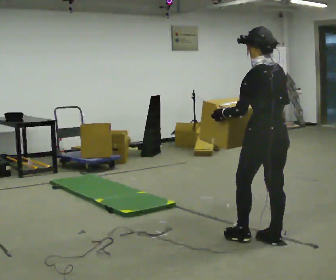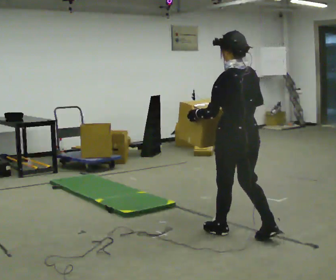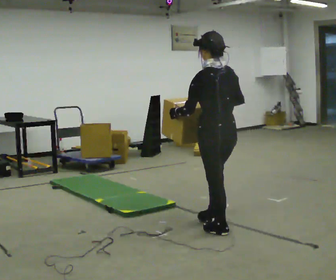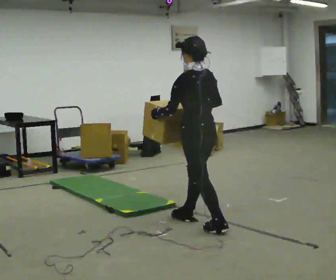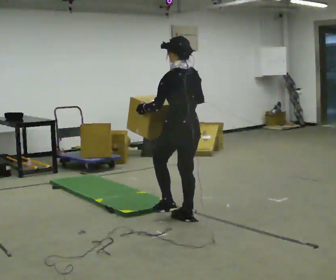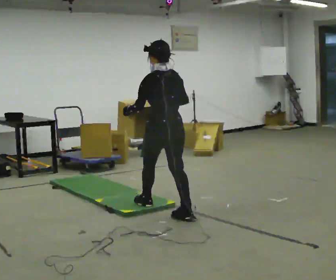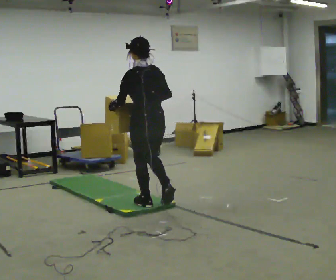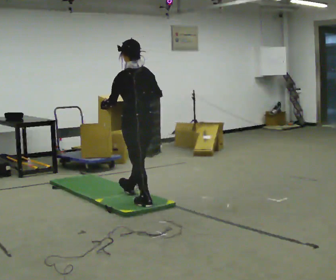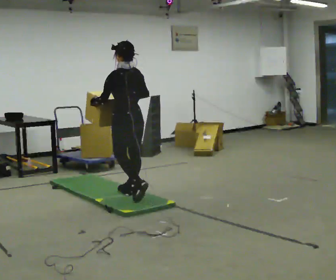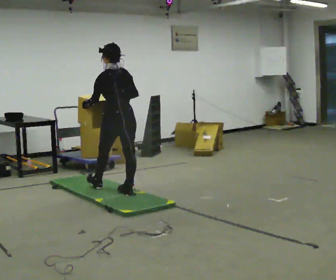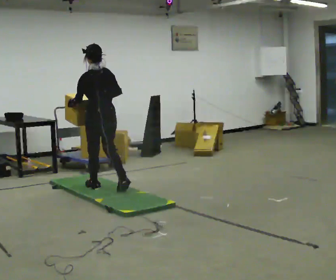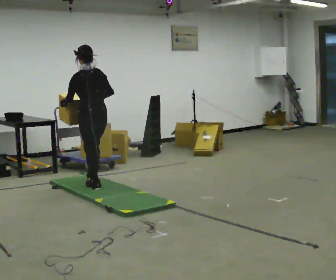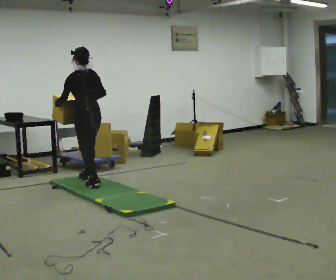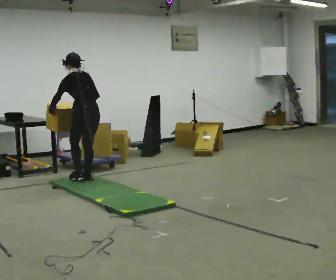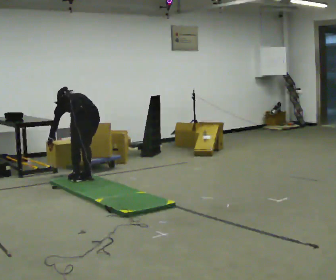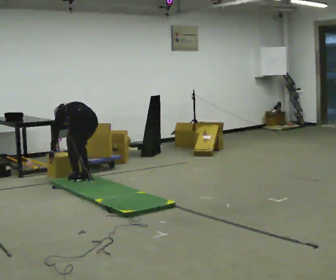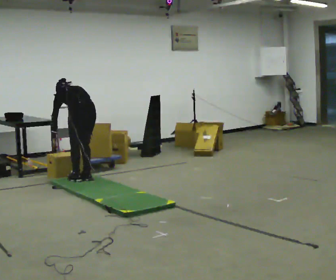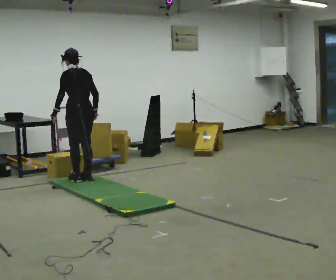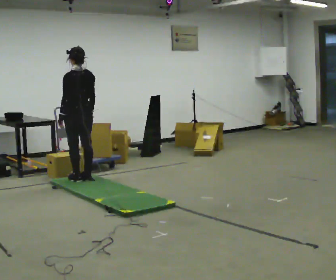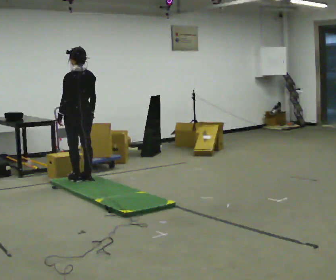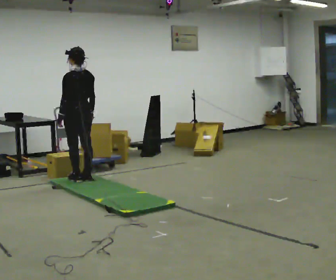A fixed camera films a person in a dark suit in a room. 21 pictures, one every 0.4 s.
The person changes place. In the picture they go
away from the camera.
0.0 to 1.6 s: In the picture they go away from the camera and to the left, about 1 m in 2 steps, which for them is forward.
1.6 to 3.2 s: In the picture they go away from the camera and to the left, about 1 m in 2 steps, which for them is forward.
3.2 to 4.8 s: In the picture they go away from the camera and to the left, about 1 m in 2 steps, which for them is forward.
4.8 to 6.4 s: In the picture their right hand goes downward.
6.4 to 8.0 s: The shoulders move upward. The upper body tips toward the camera, its near side rolling downward, as they lean back or straighten.
The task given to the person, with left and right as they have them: Carry the box across the soft uneven mat, set it down on the far side, then bring it back. Keep going until the operator says stop; one object at a time, and do not rush between trips.
The film runs forward here.
